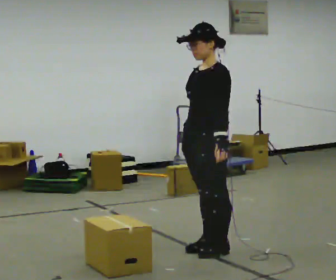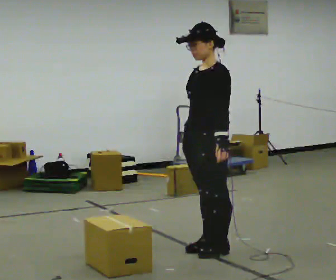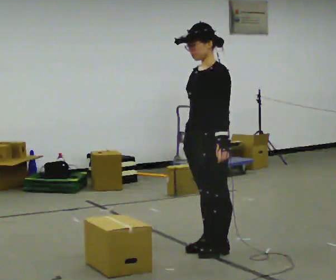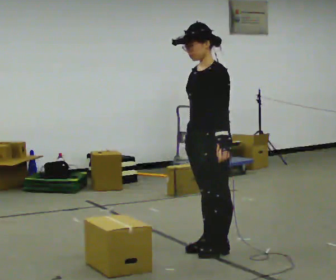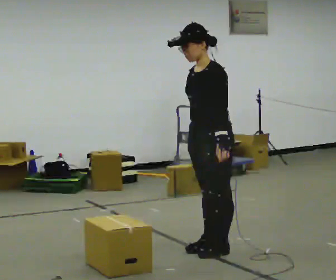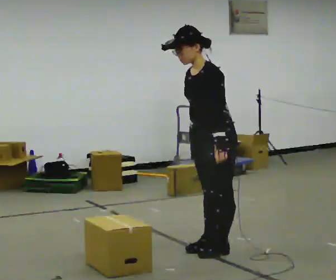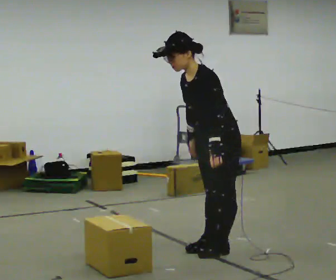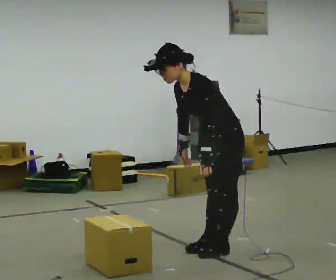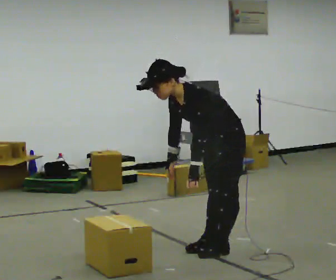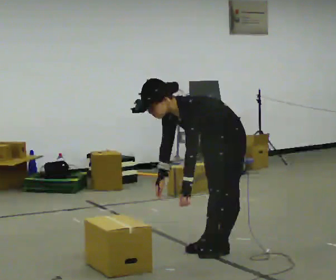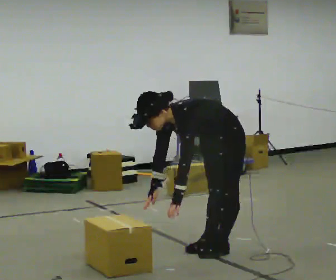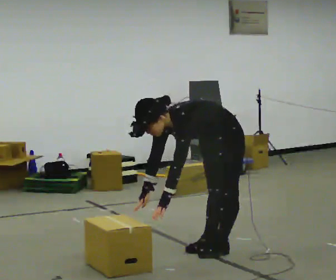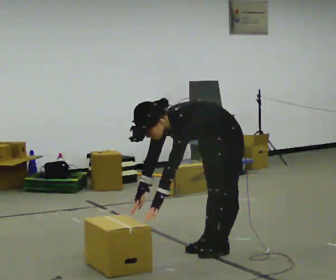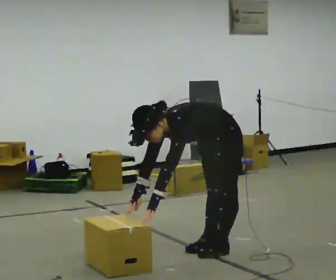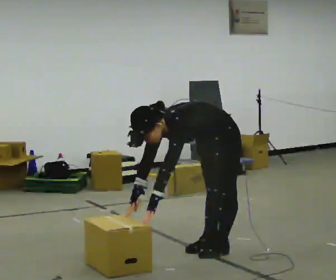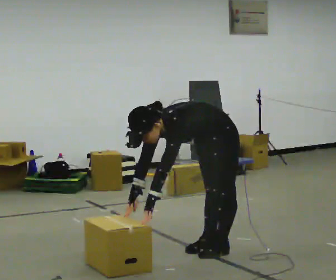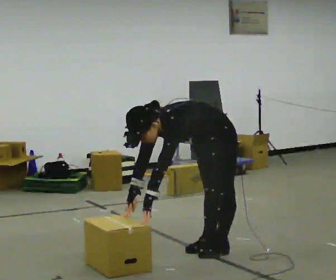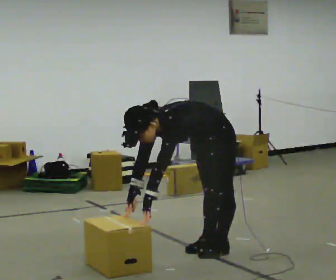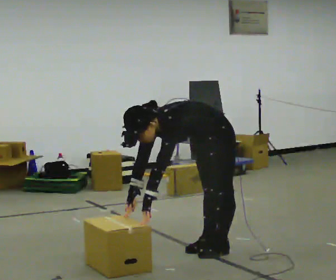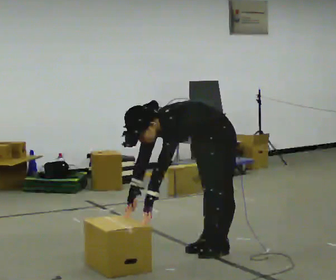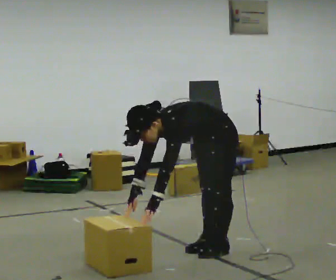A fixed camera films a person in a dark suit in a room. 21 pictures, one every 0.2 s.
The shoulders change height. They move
downward.
The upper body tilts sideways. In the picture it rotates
counterclockwise.
0.0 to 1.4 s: In the picture the upper body tilts counterclockwise, shoulders to the left, as they bend forward.
1.4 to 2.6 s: The shoulders move downward. The upper body tips toward the camera, its near side rolling downward, as they bend forward.
2.6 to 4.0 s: The person moves a little, or ends about where they began.
The film runs forward here.
